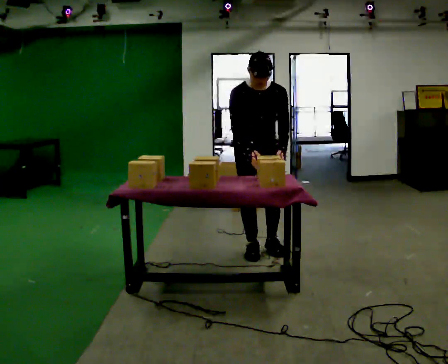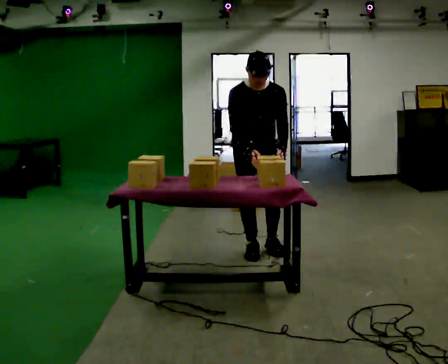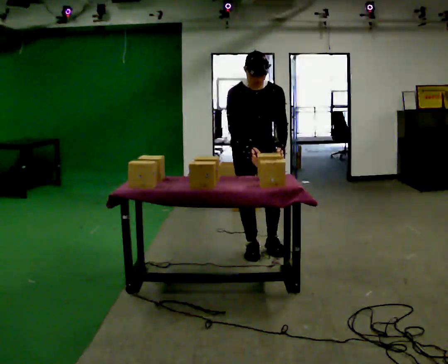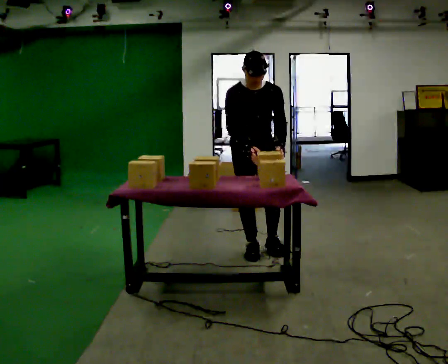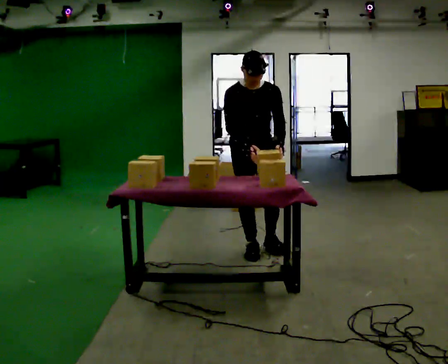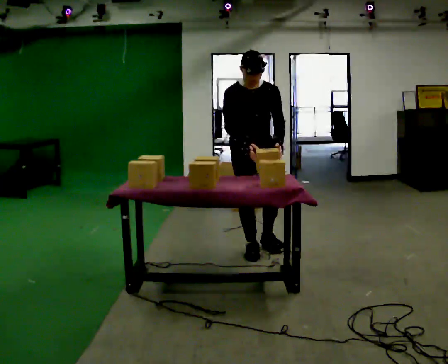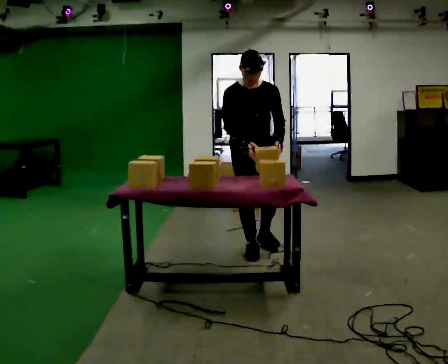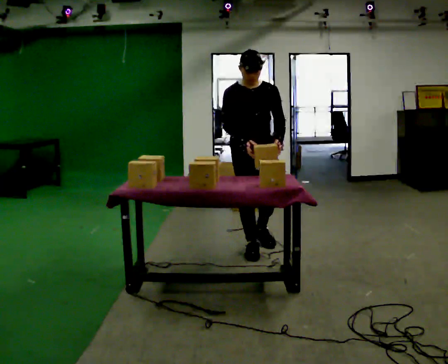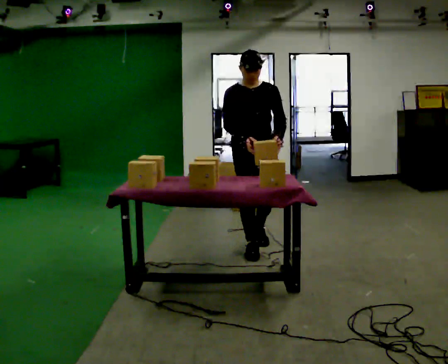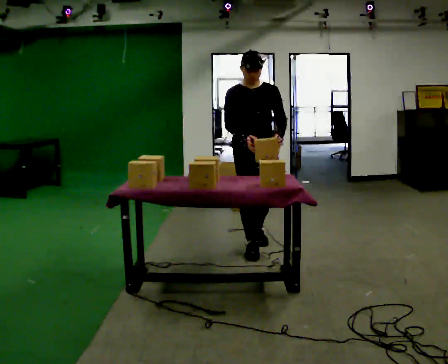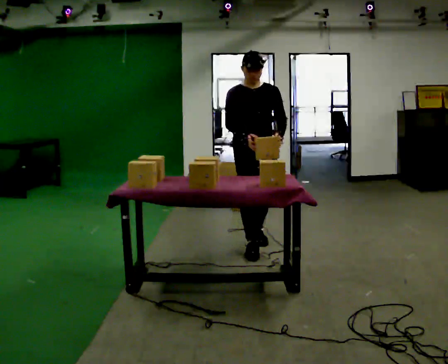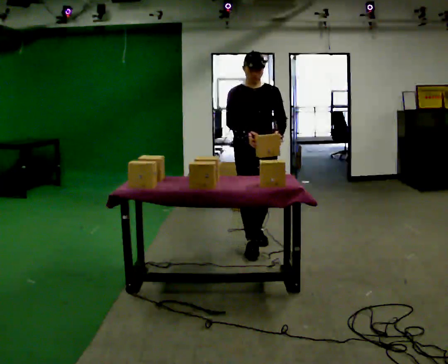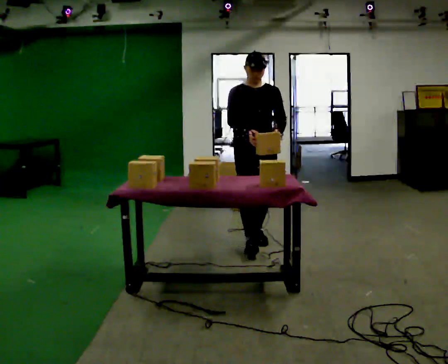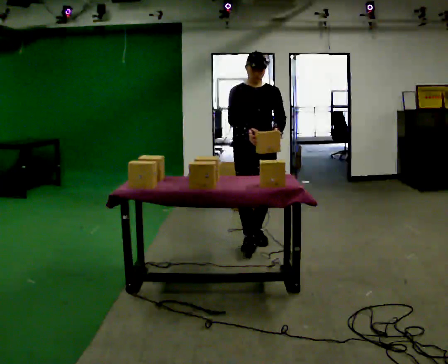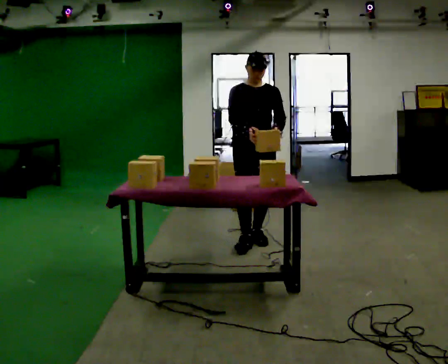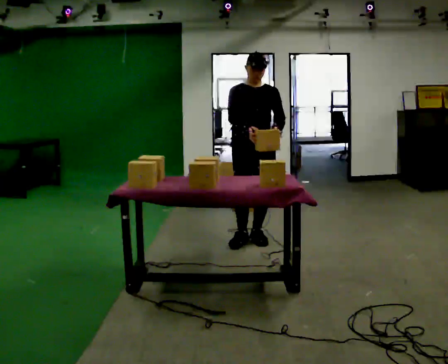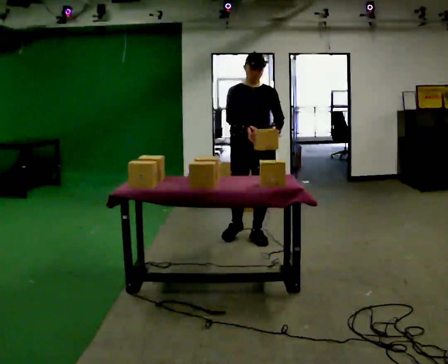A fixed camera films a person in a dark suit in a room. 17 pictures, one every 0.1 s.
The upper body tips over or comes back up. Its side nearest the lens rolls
upward.
0.0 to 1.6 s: In the picture they go away from the camera, about 0.25 m in 2 steps, which for them is backward. The upper body tips away from the camera, its near side rolling upward, as they lean back or straighten.
The film runs backward here.
